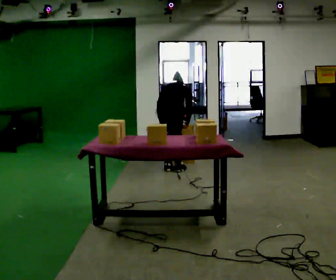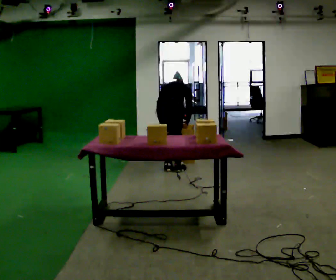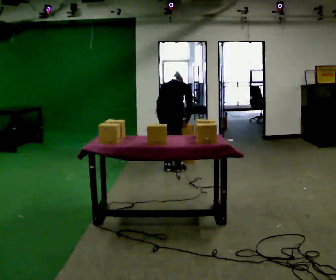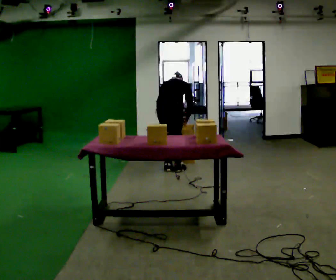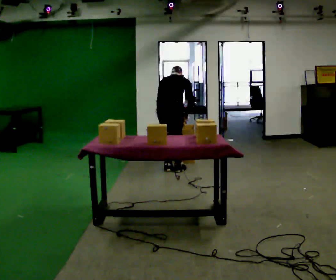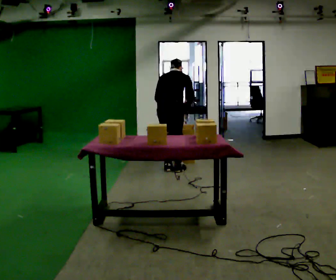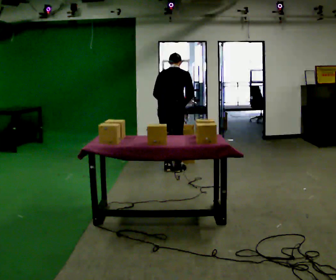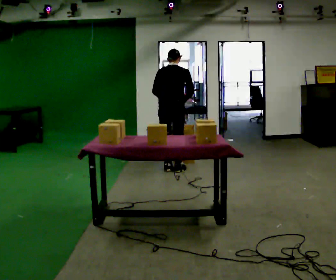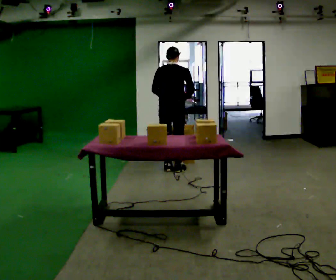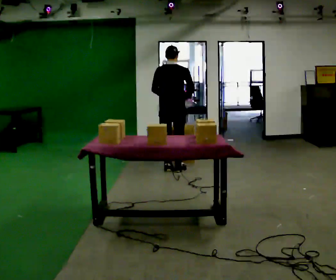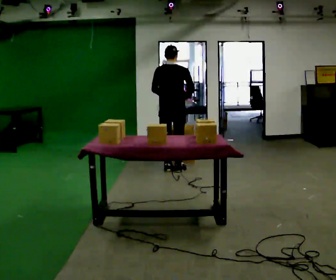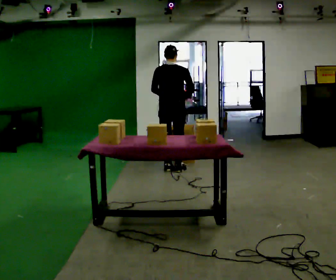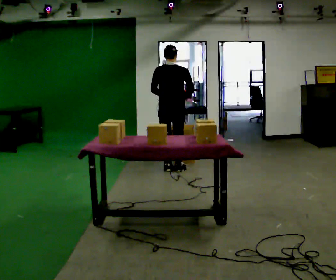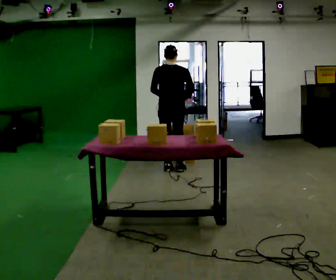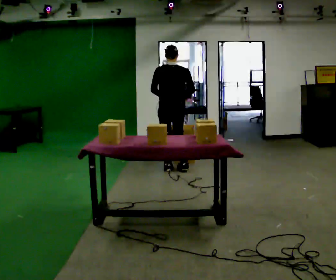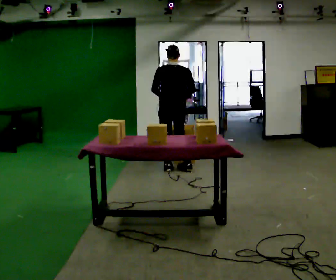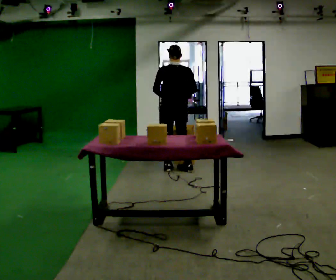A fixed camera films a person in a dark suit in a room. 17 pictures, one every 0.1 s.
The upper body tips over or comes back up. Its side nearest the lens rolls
downward.
The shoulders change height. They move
upward.
0.0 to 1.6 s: The person turns about 30 degrees to their left, counterclockwise seen from above, so the part of the body nearest the lens slides to the right. The shoulders move upward. The upper body tips toward the camera, its near side rolling downward, as they lean back or straighten. In the picture their left hand goes upward.
The film runs forward here.
